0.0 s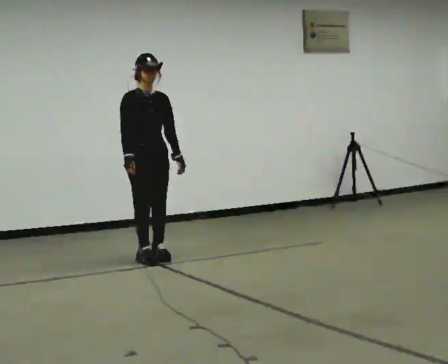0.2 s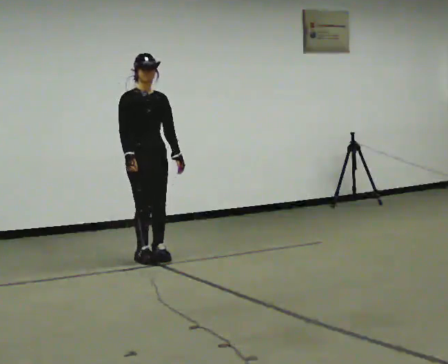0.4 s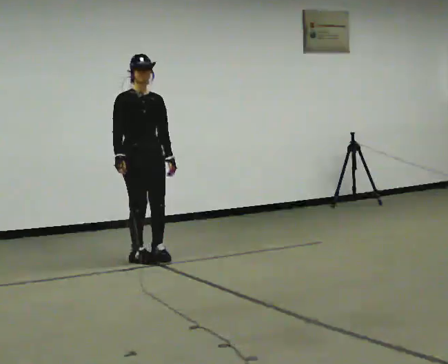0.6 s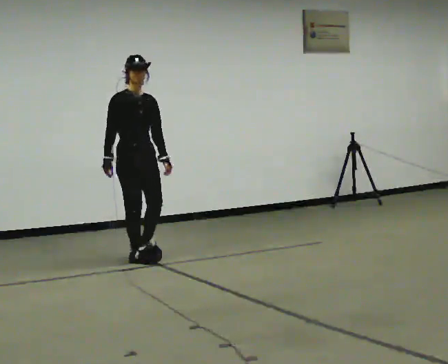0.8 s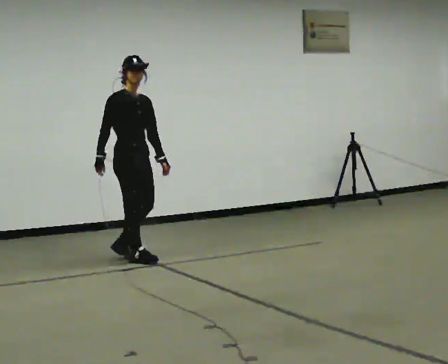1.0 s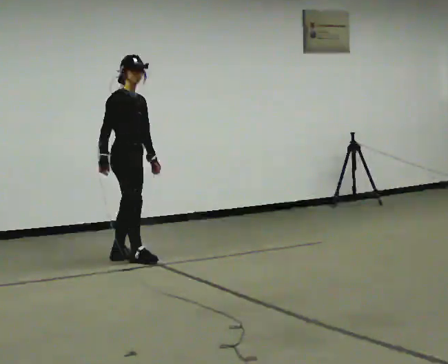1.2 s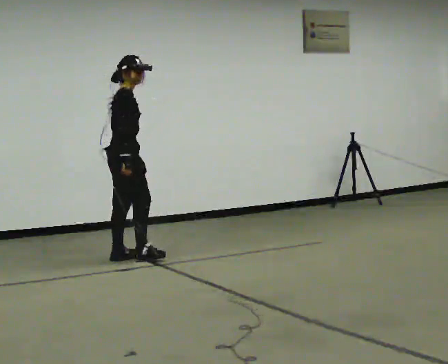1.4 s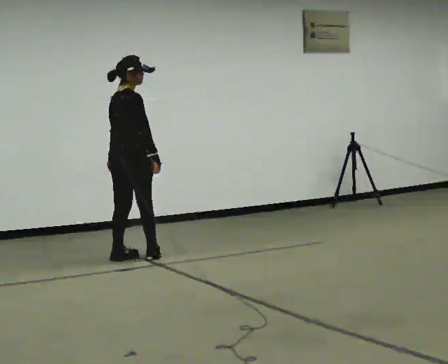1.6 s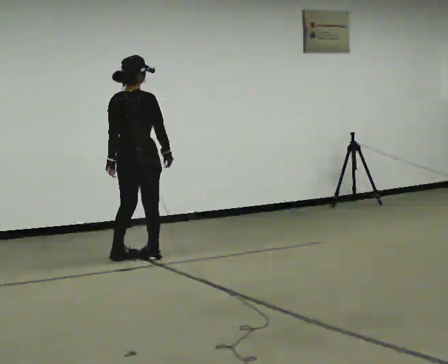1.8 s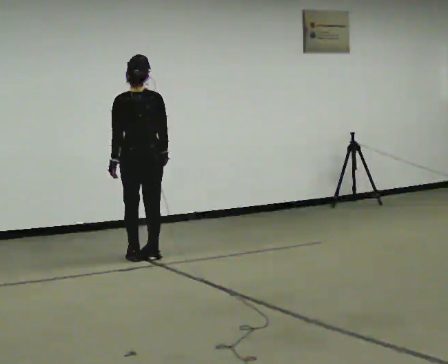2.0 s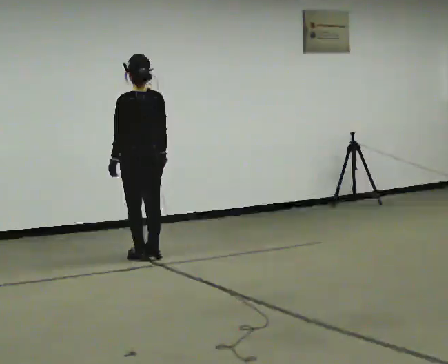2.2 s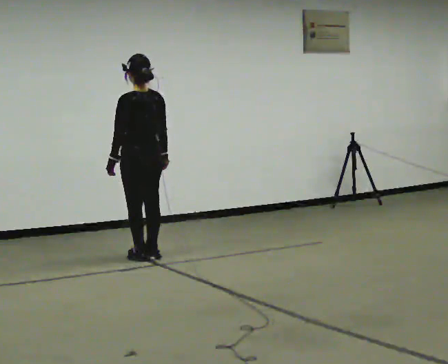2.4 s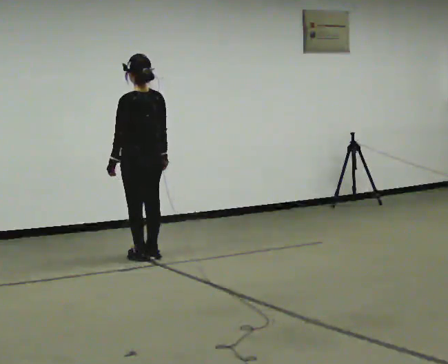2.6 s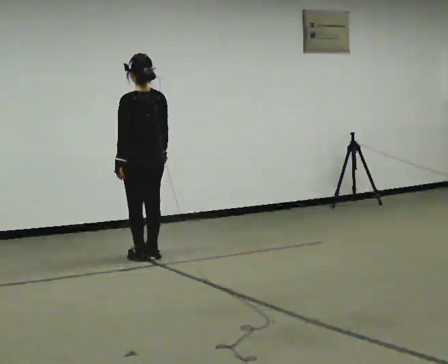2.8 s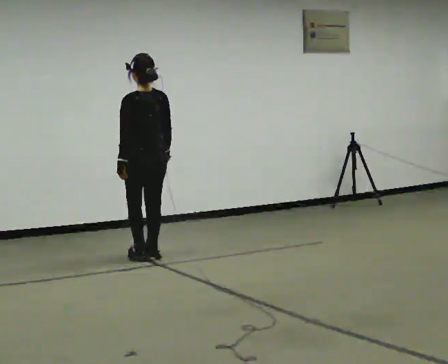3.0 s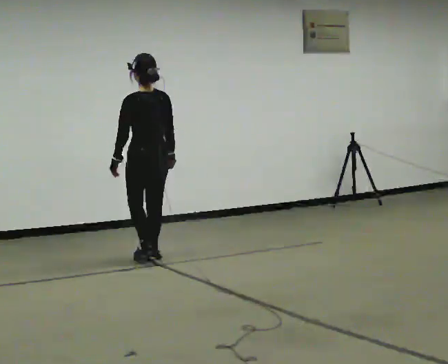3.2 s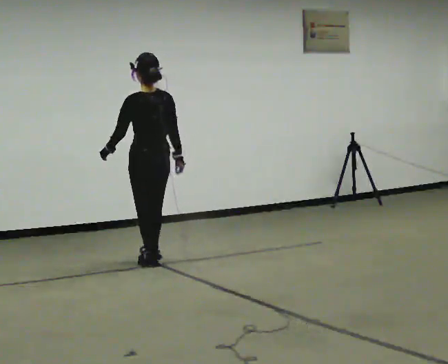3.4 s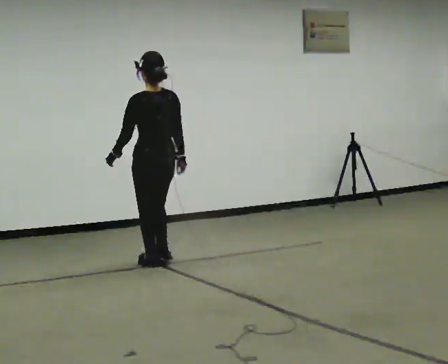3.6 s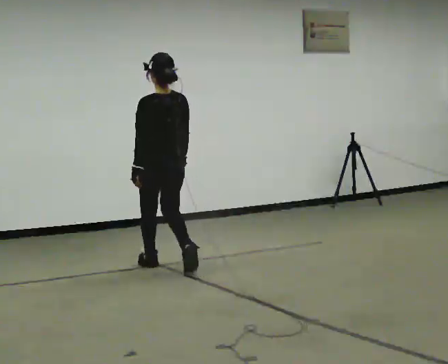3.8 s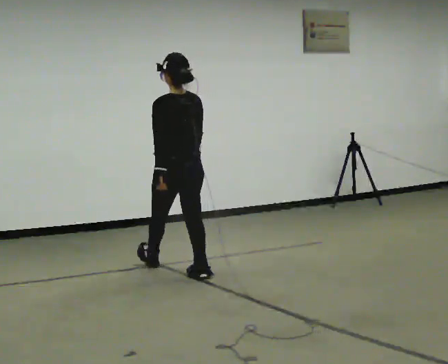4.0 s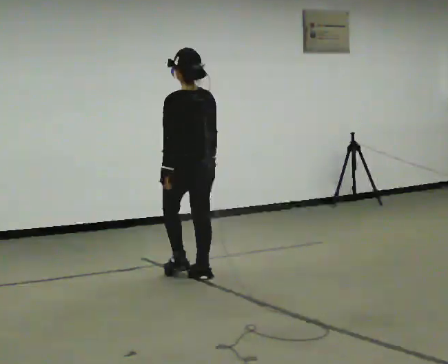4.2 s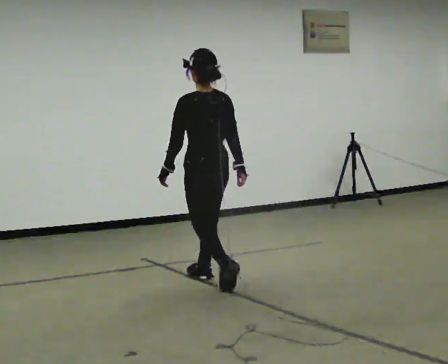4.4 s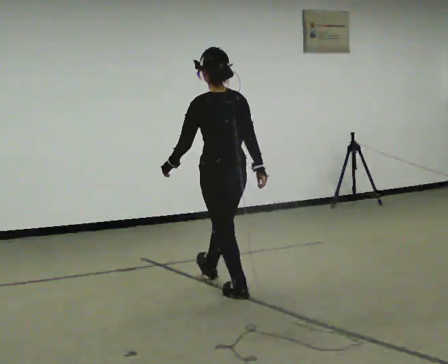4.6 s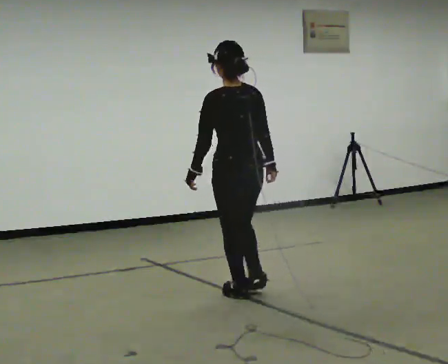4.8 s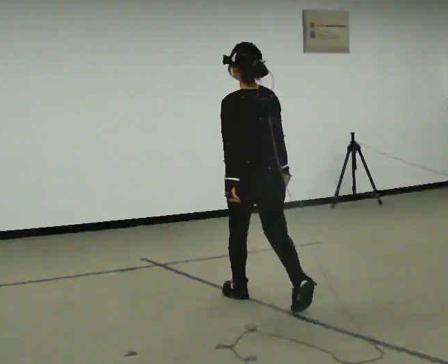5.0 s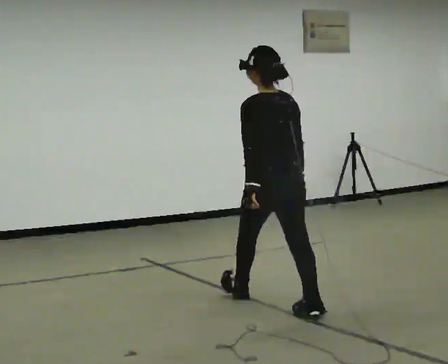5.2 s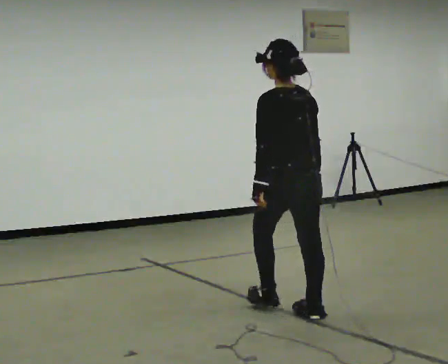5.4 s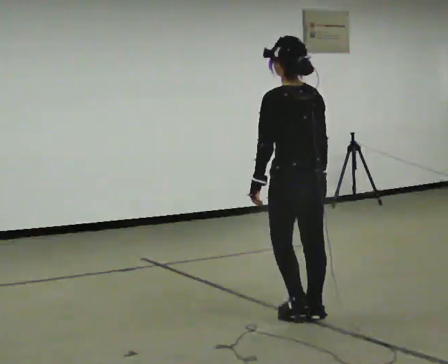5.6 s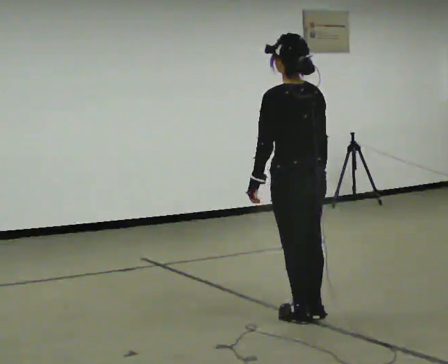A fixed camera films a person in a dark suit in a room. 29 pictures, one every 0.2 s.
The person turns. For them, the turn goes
to their left.
The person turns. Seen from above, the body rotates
counterclockwise.
0.0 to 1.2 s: The person turns about 60 degrees to their left, counterclockwise seen from above, so the part of the body nearest the lens slides to the right. In the picture they go to the left, about 0.25 m in 2 steps. In the picture their left hand goes to the left.
1.2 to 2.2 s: The part of the body nearest the lens slides to the right as the person turns to their left by about 120 degrees. In the picture they go to the right, about 0.25 m in 1 step. In the picture their right hand goes to the right.
2.2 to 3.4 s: In the picture they go toward the camera, about 0.25 m in 2 steps, which for them is backward.
3.4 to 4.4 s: In the picture they go toward the camera and to the right, about 1 m in 2 steps, which for them is backward.
4.4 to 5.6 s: In the picture they go toward the camera and to the right, about 1 m in 1 step, which for them is backward.
The film runs backward here.
